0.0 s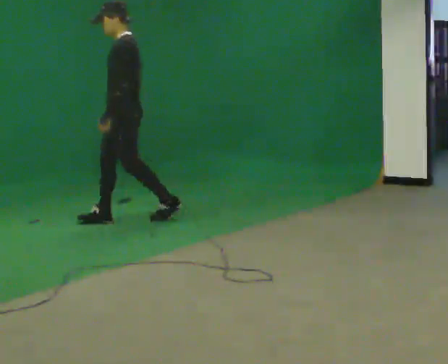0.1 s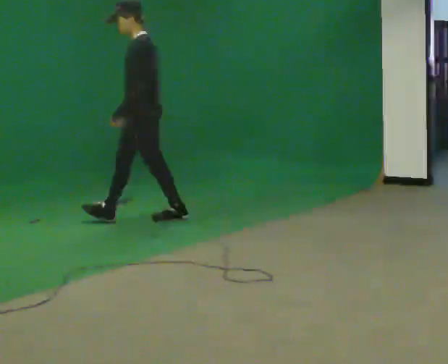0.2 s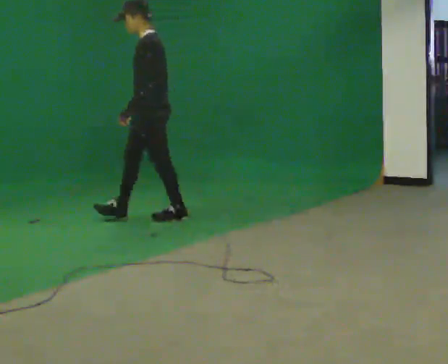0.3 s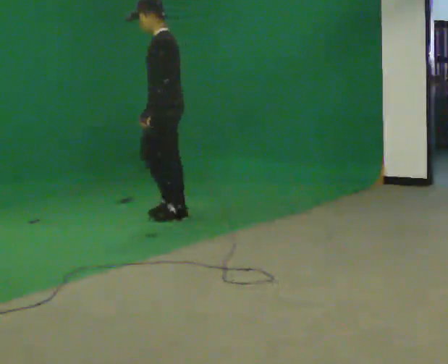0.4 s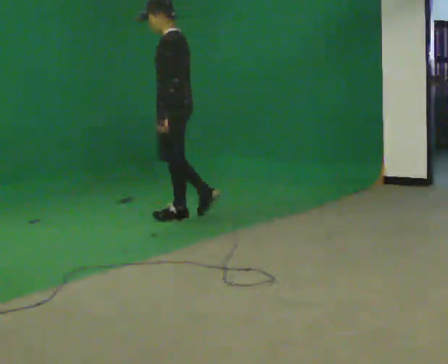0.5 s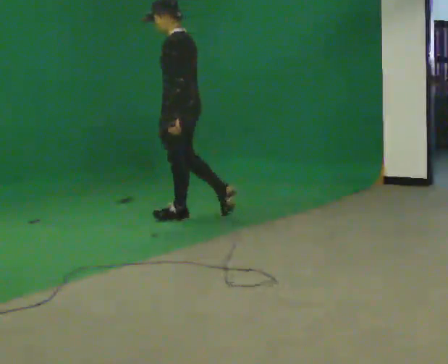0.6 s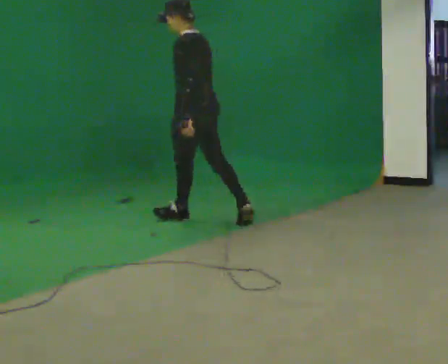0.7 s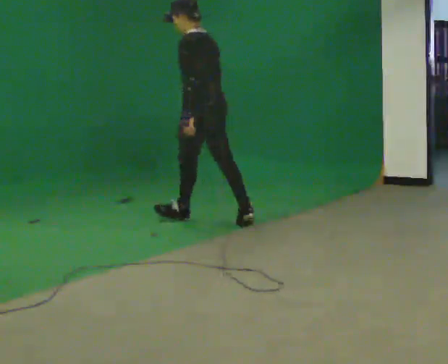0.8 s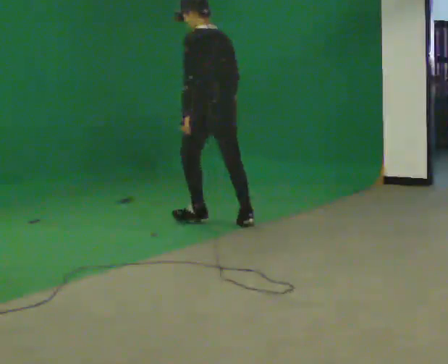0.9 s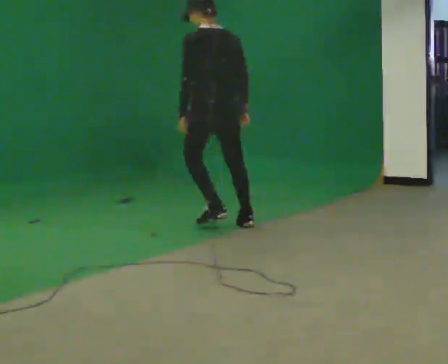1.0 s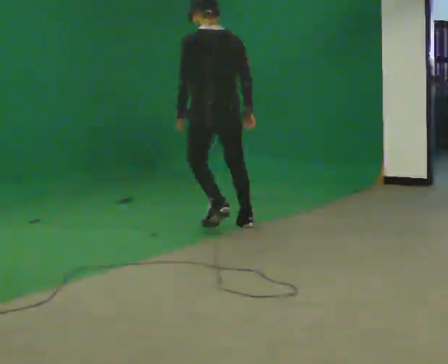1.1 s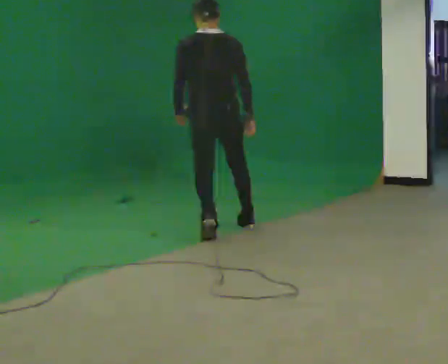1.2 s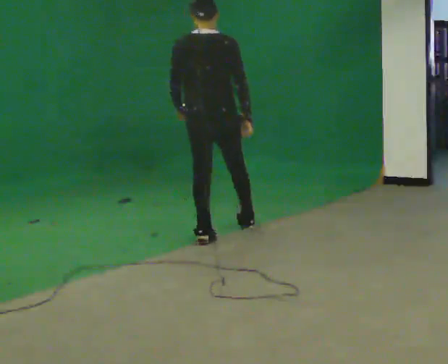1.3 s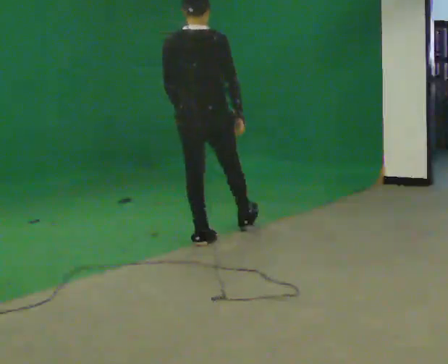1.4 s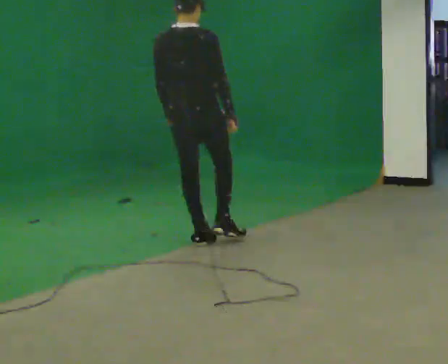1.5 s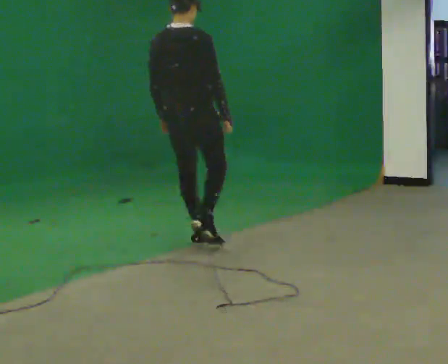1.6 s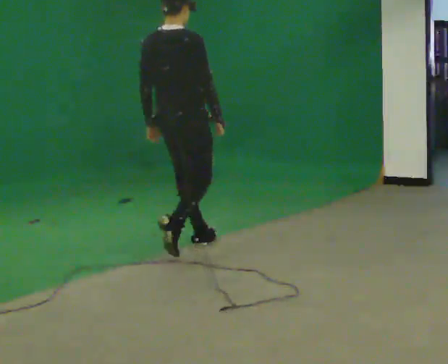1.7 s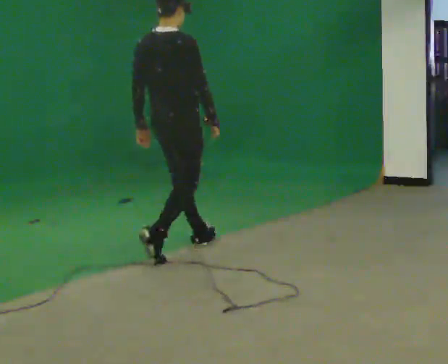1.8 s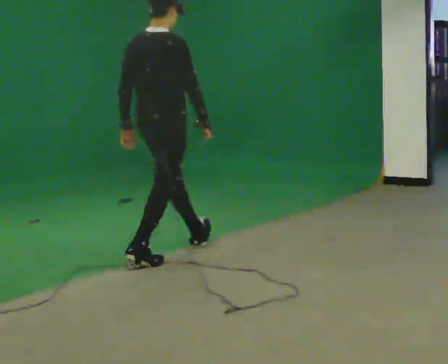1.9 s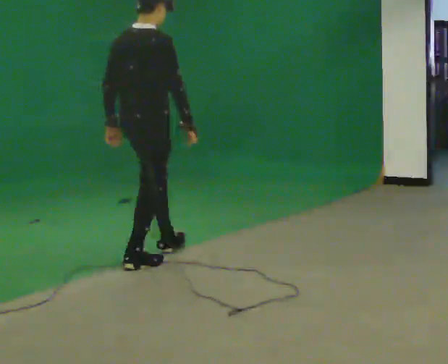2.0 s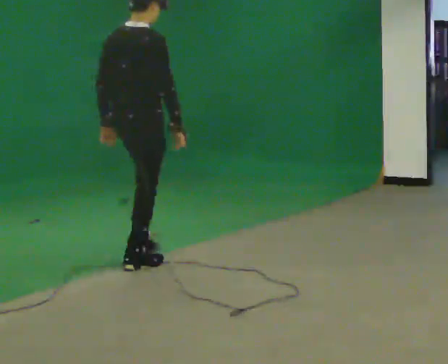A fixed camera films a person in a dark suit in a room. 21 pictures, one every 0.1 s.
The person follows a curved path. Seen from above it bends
clockwise.
The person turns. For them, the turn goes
to their right.
0.0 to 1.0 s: Seen from above the body turns clockwise, about 75 degrees: to their right, with its near side sliding to the left. In the picture they go to the right and toward the camera, about 1 m in 2 steps.
1.0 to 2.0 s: Seen from above the body turns clockwise, about 75 degrees: to their right, with its near side sliding to the left. In the picture they go toward the camera and to the left, about 1 m in 2 steps.
The film runs backward here.
